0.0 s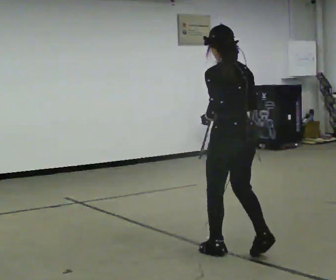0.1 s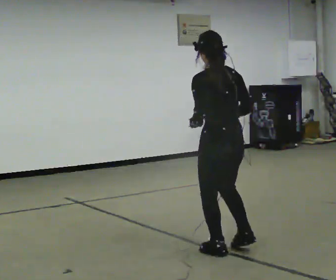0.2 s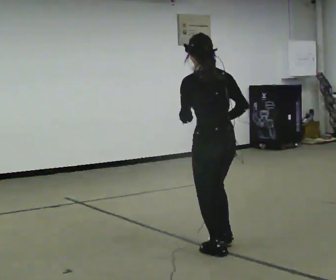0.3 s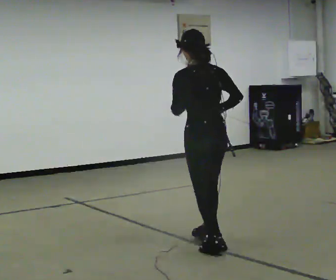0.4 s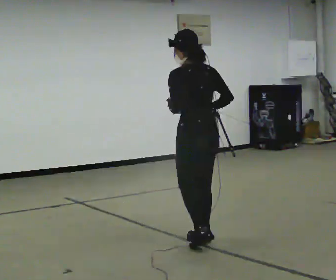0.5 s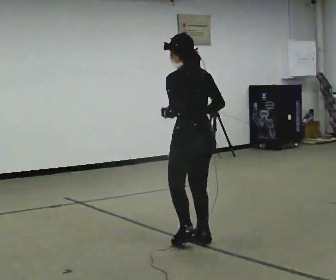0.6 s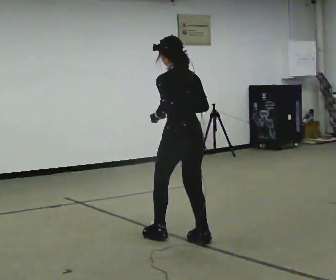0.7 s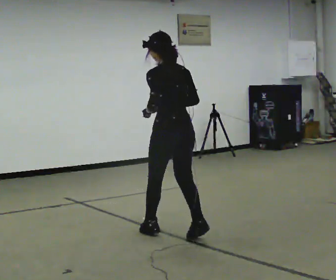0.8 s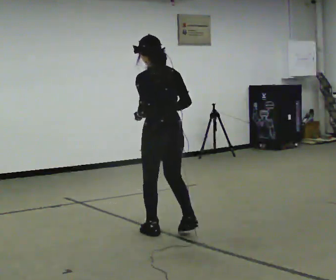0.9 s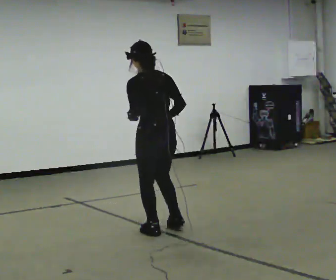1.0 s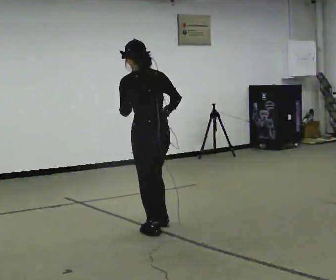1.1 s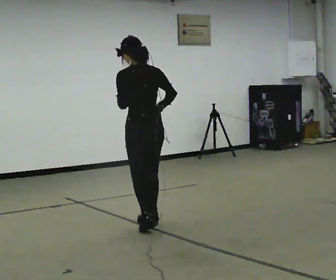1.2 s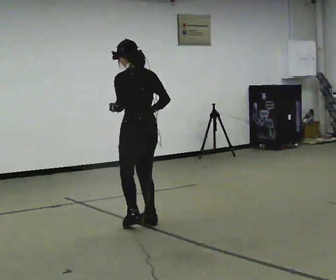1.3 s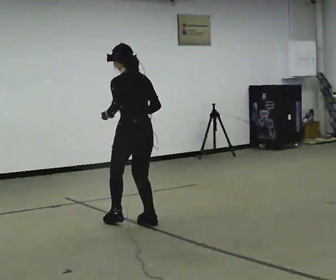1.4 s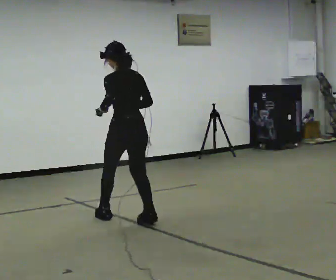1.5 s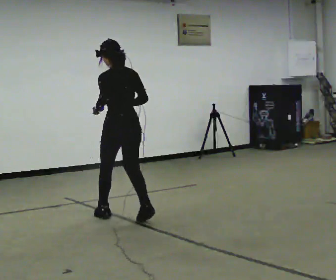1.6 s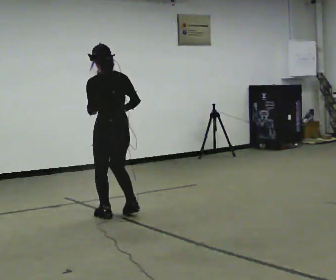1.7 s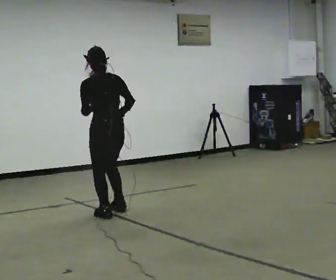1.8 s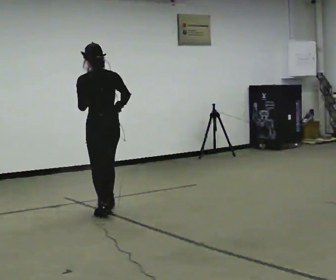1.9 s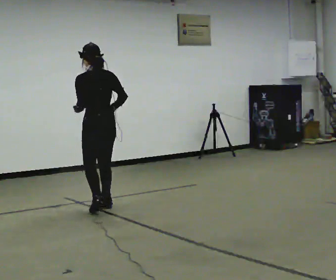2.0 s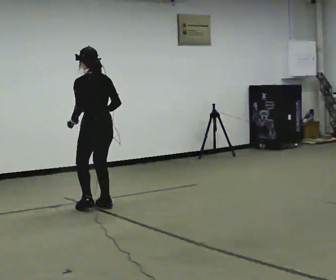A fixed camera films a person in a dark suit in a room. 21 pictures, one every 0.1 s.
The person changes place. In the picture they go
away from the camera.
0.0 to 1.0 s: In the picture they go away from the camera and to the left, about 1 m in 2 steps, which for them is forward.
1.0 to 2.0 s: In the picture they go away from the camera and to the left, about 1 m in 3 steps, which for them is forward.
The film runs backward here.
